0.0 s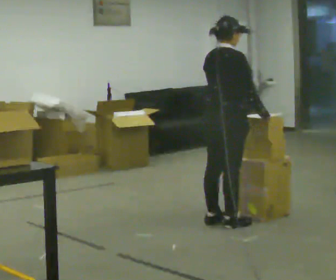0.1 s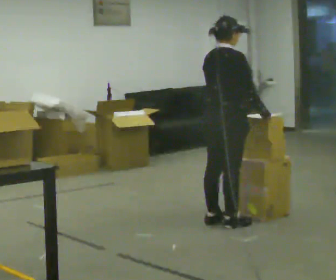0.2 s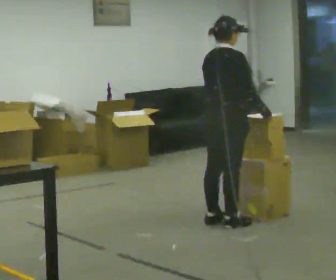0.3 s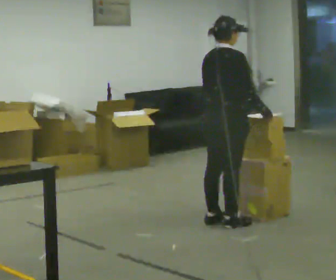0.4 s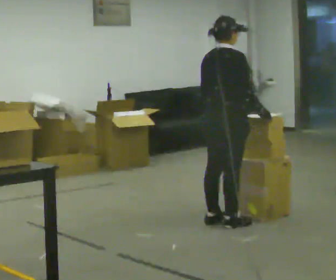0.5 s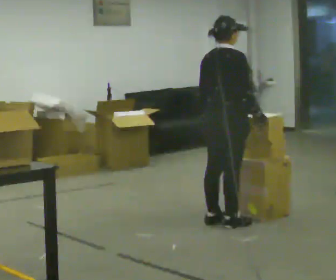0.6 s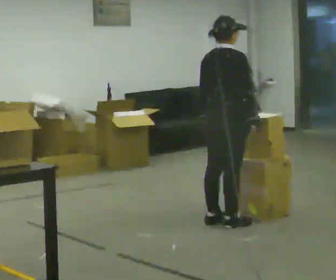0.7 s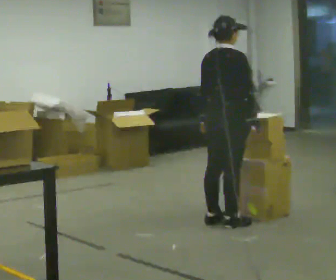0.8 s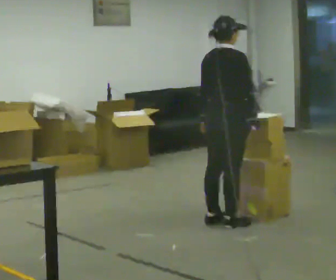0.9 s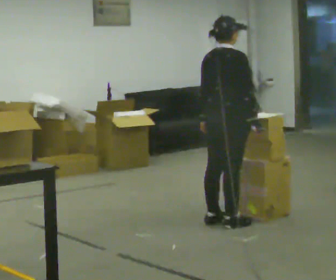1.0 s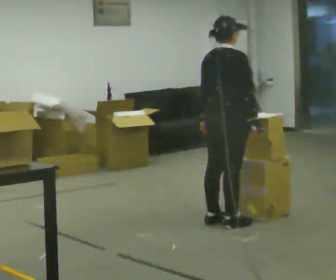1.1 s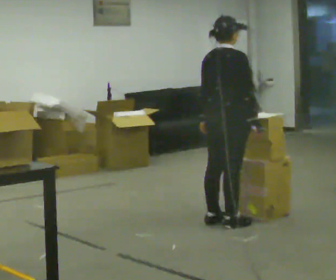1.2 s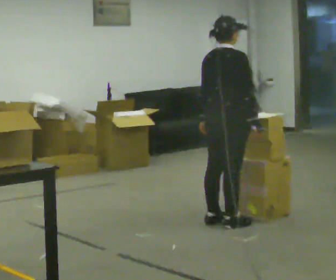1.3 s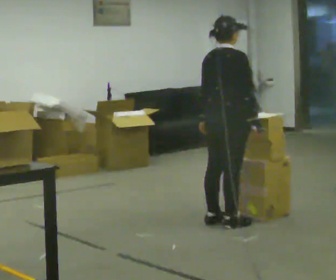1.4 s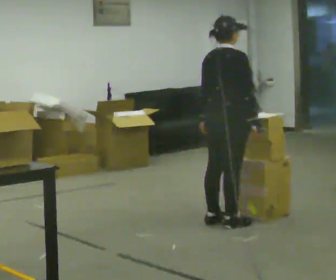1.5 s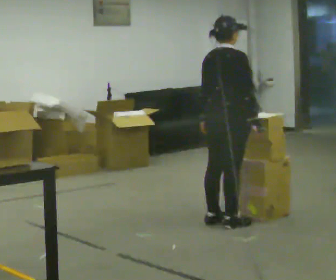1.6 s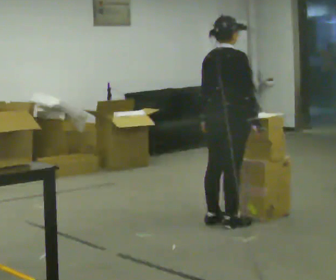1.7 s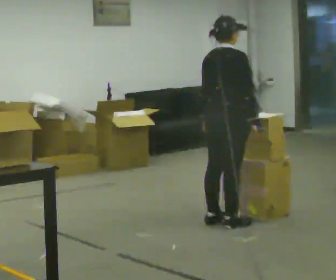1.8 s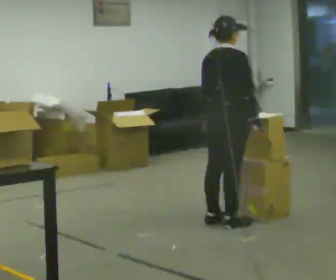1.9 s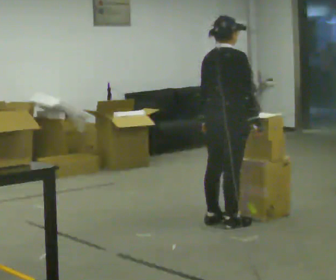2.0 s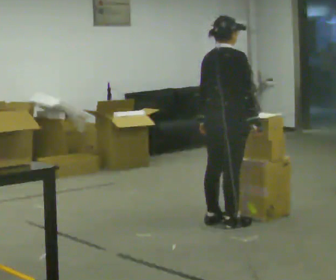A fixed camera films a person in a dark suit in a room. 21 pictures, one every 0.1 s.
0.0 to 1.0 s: The person moves a little, or ends about where they began.
1.0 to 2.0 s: The person keeps their place and pose.
The film runs backward here.
